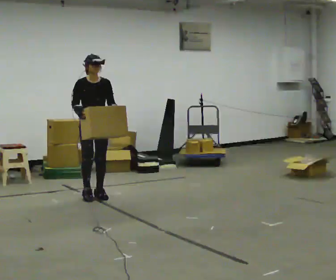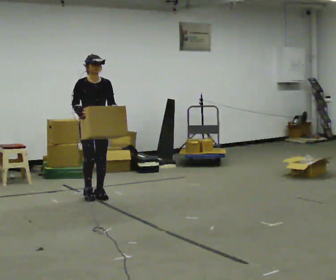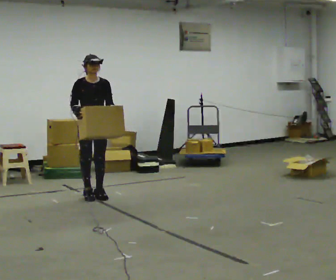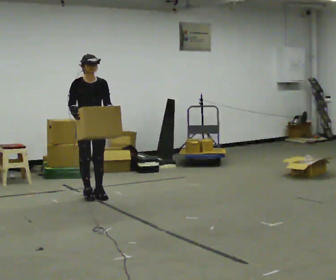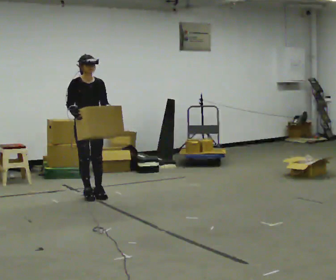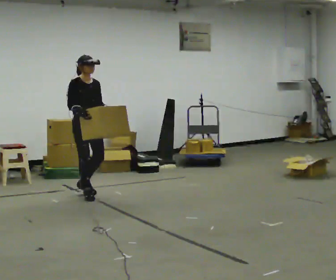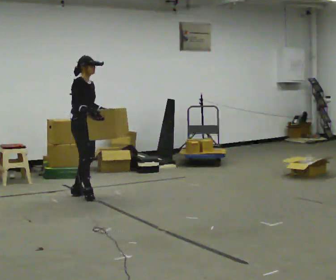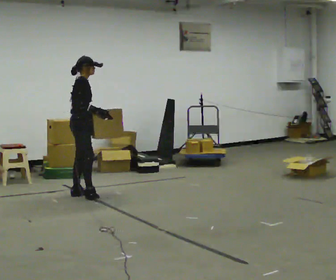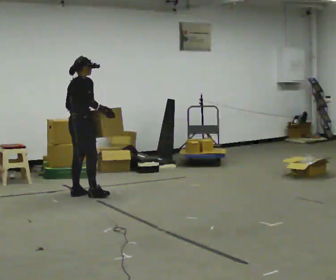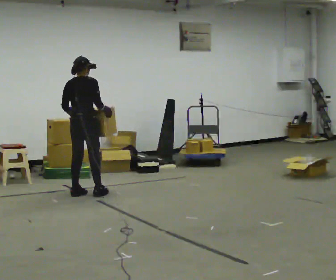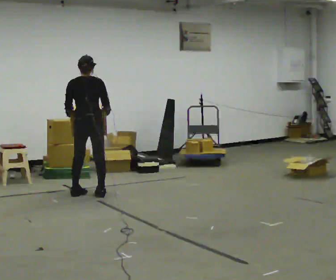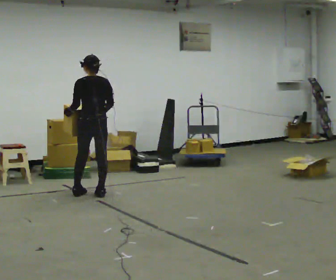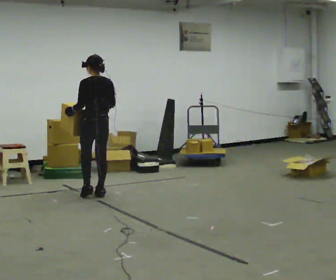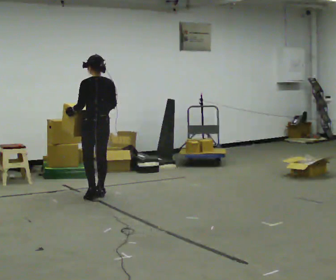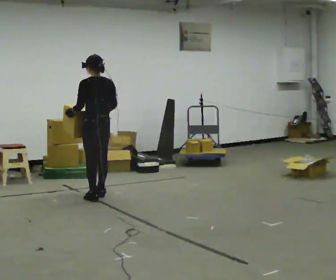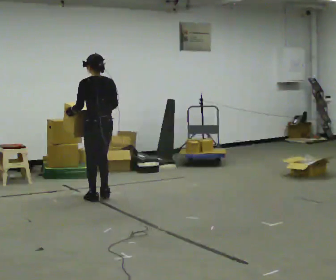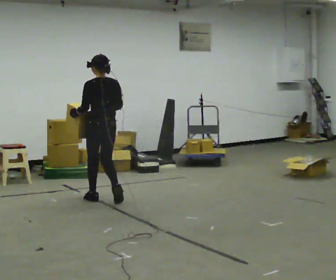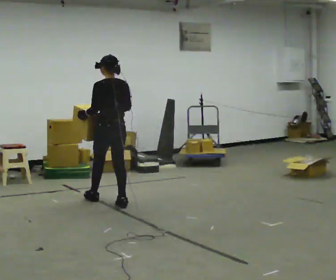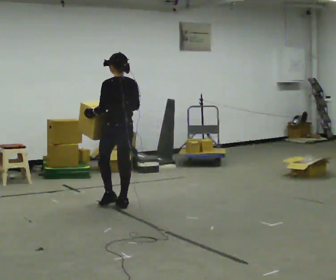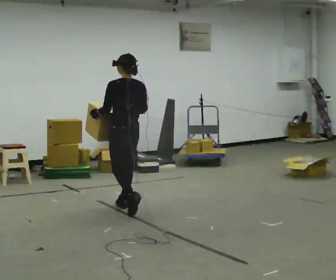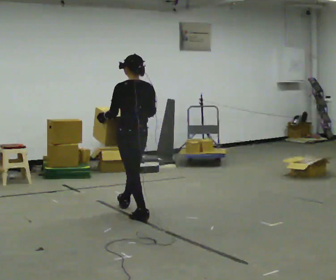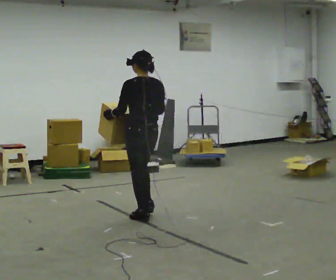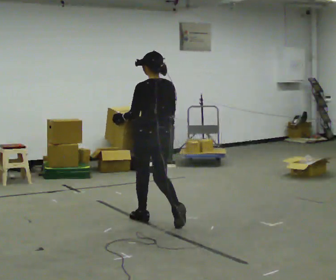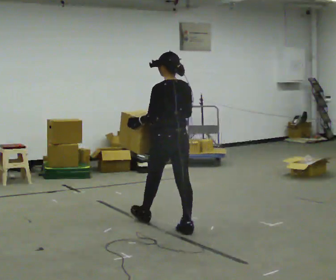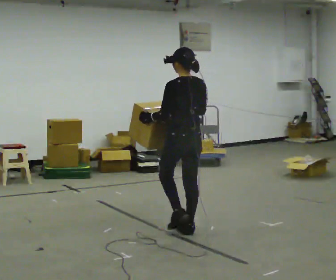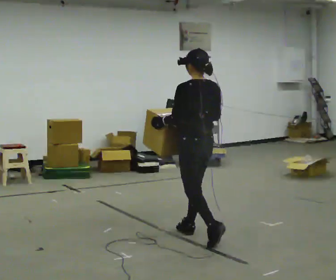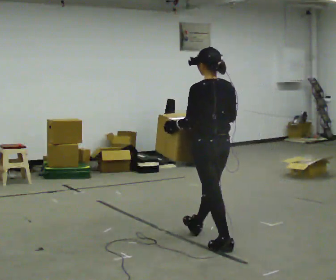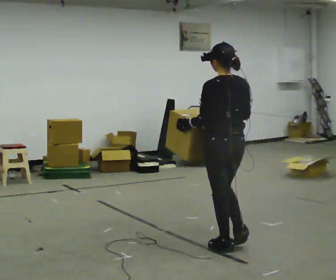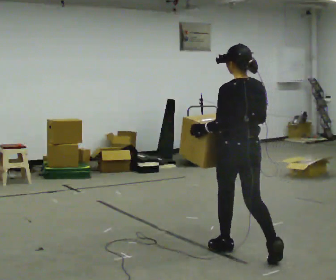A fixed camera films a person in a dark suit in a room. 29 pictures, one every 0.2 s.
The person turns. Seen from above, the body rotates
counterclockwise.
The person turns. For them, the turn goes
to their left.
0.0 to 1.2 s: Seen from above the body turns counterclockwise, about 45 degrees: to their left, with its near side sliding to the right.
1.2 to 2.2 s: The person turns about 135 degrees to their left, counterclockwise seen from above, so the part of the body nearest the lens slides to the right.
2.2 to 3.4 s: In the picture they go toward the camera and to the right, about 0.5 m in 1 step, which for them is backward.
3.4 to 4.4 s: In the picture they go toward the camera and to the right, about 1 m in 2 steps, which for them is backward.
4.4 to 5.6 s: In the picture they go toward the camera and to the right, about 1 m in 2 steps, which for them is backward.
The film runs backward here.
